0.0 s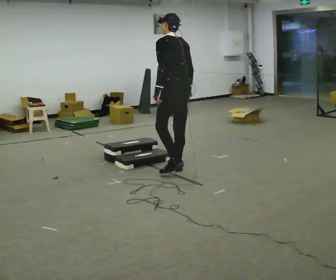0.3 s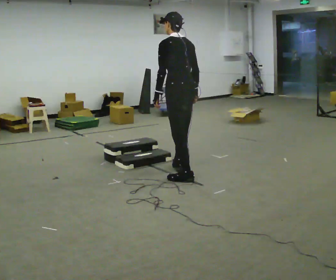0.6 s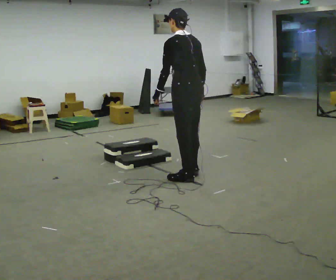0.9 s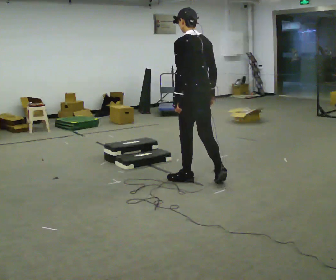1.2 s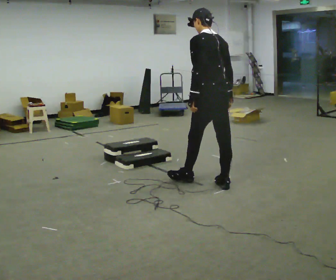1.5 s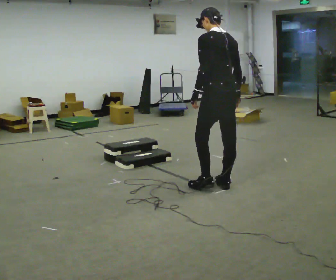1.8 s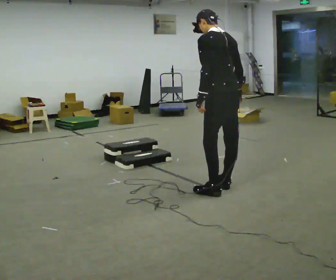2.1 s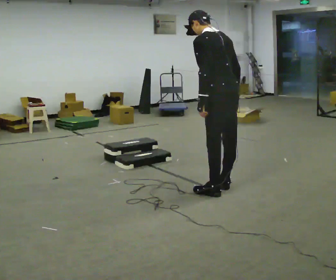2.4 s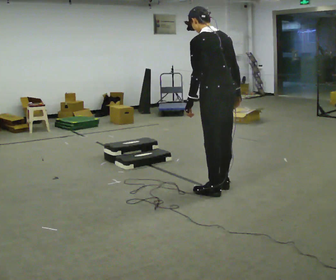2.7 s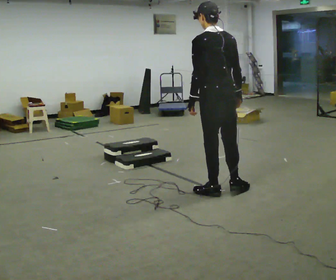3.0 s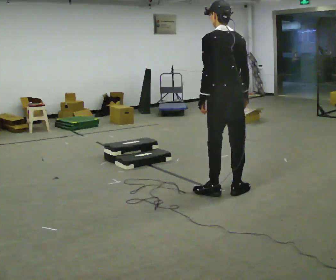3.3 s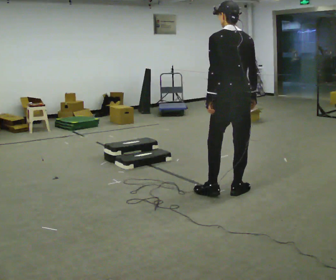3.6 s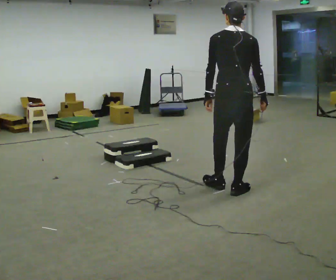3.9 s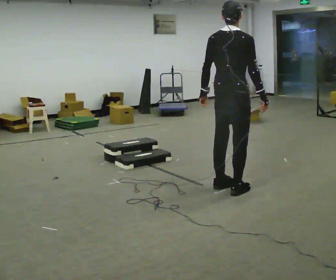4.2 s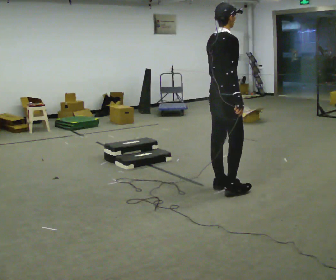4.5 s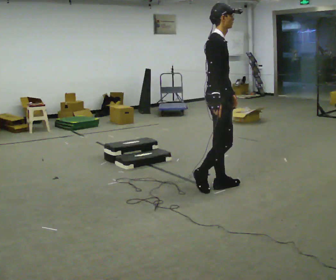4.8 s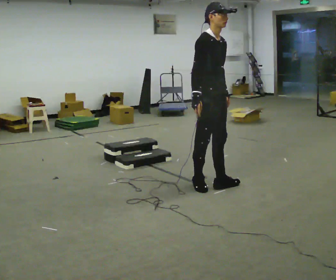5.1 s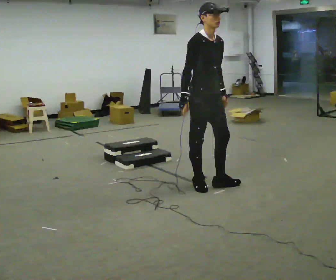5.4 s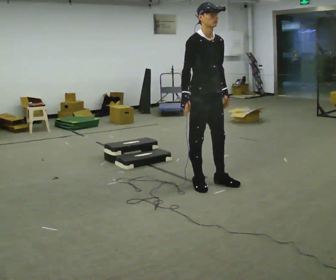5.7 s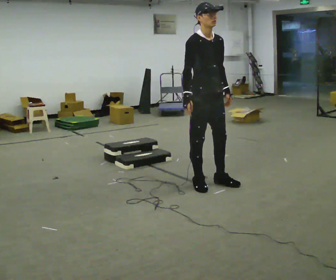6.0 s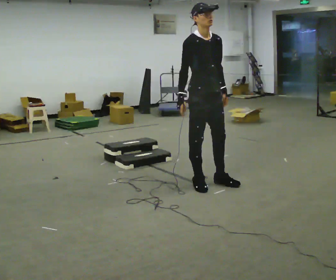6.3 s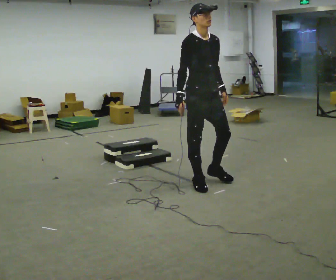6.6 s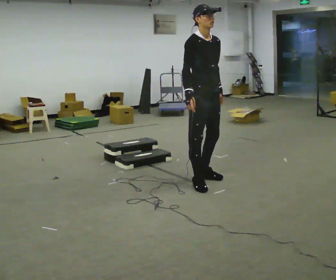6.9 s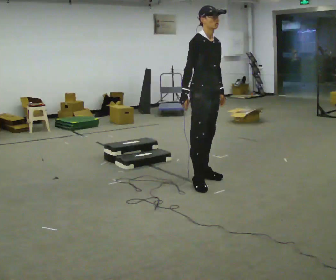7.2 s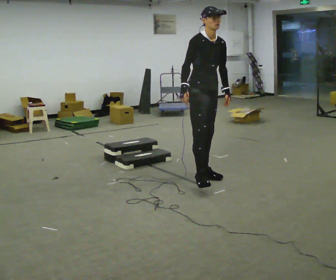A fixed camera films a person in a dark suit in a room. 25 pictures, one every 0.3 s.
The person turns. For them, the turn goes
to their right.
The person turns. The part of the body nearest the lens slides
to the left.
0.0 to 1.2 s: In the picture they go to the right and toward the camera, about 0.5 m in 2 steps, which for them is backward.
1.2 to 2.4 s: In the picture they go toward the camera, about 0.25 m, which for them is backward.
2.4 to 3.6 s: Seen from above the body turns clockwise, about 30 degrees: to their right, with its near side sliding to the left.
3.6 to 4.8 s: The part of the body nearest the lens slides to the left as the person turns to their right by about 120 degrees. In the picture they go to the left and away from the camera, about 0.25 m in 1 step.
4.8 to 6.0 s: The person moves a little, or ends about where they began.
6.0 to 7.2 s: In the picture they go away from the camera, about 0.25 m in 1 step, which for them is backward and to their left.
The film runs backward here.
